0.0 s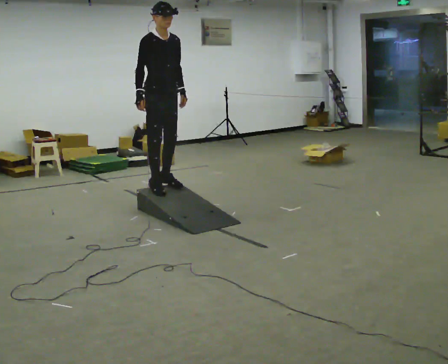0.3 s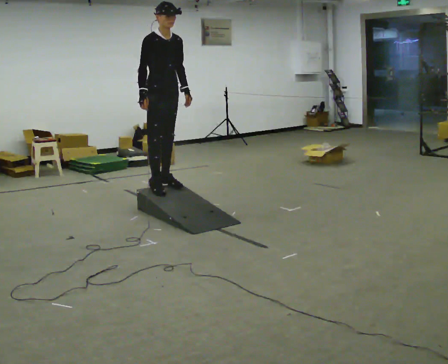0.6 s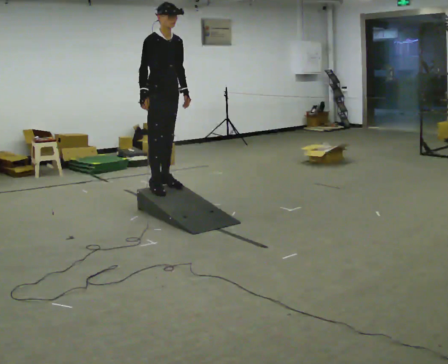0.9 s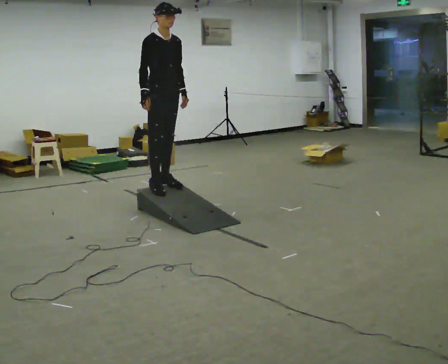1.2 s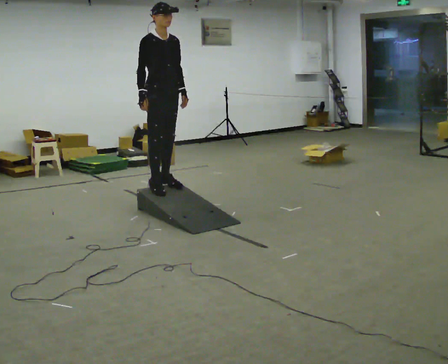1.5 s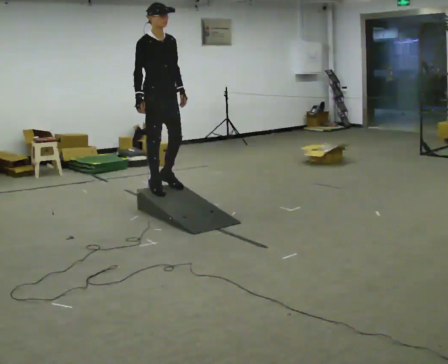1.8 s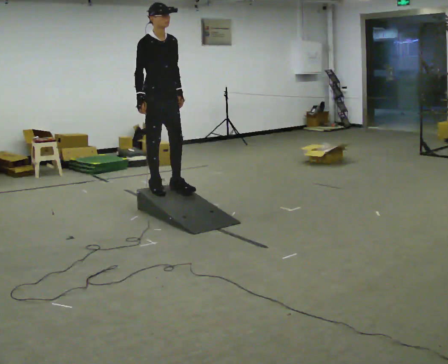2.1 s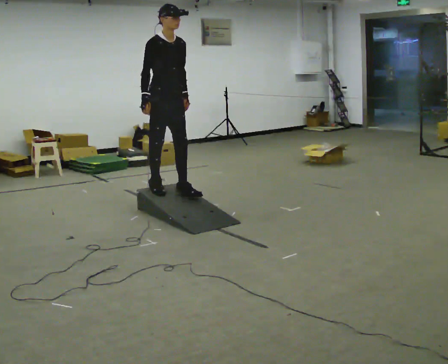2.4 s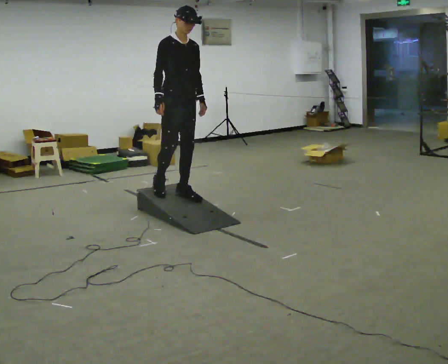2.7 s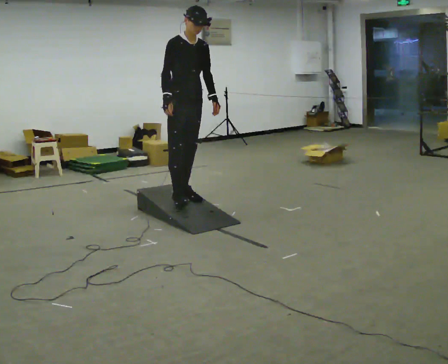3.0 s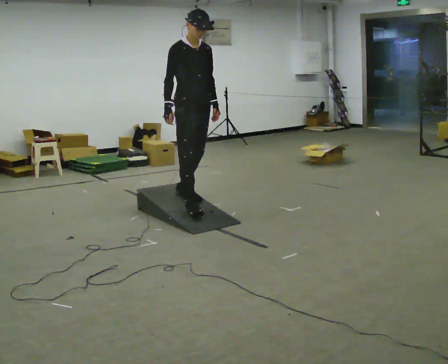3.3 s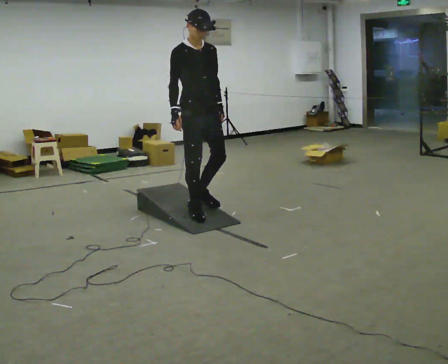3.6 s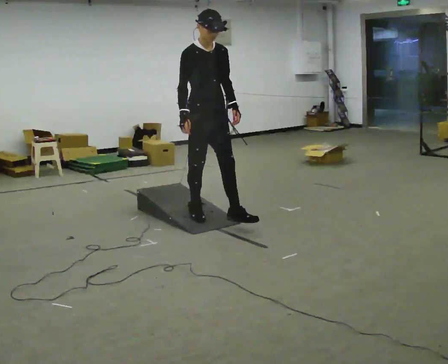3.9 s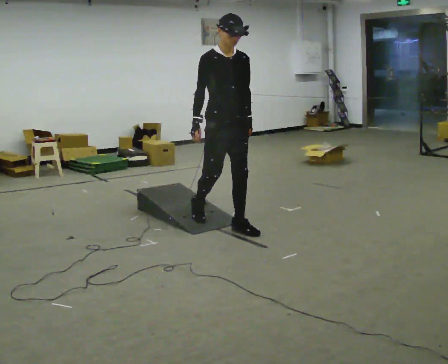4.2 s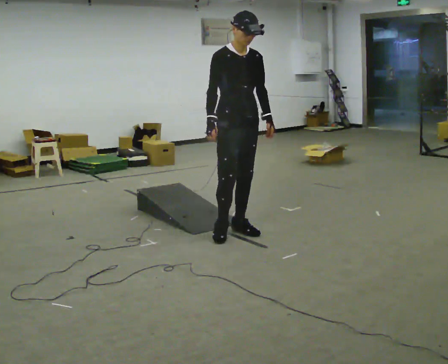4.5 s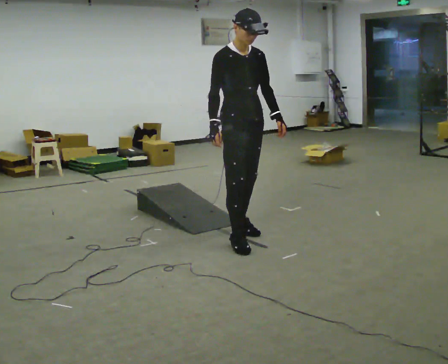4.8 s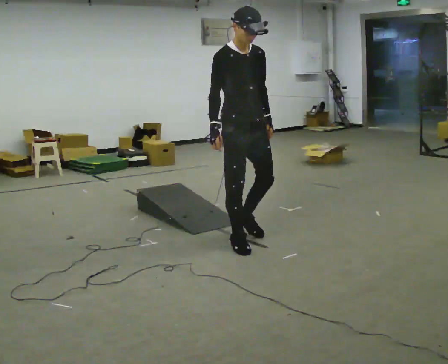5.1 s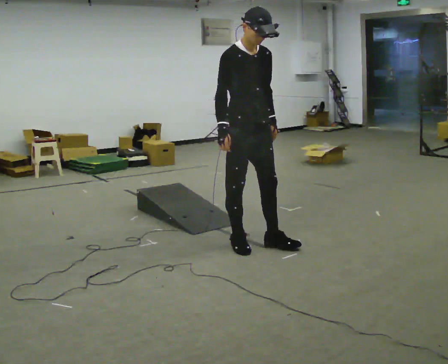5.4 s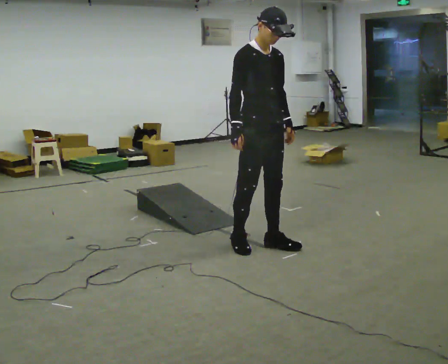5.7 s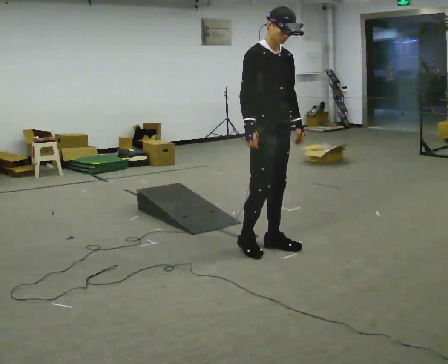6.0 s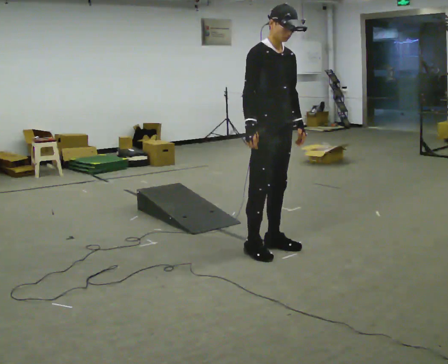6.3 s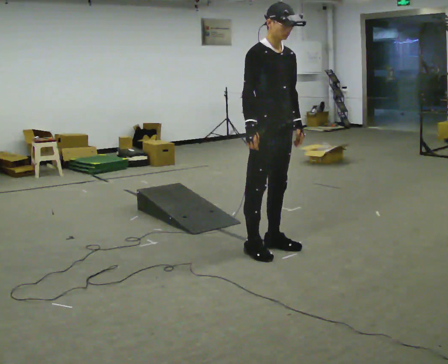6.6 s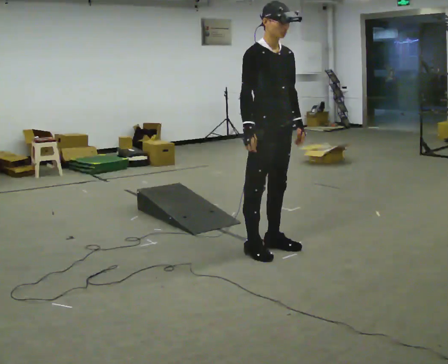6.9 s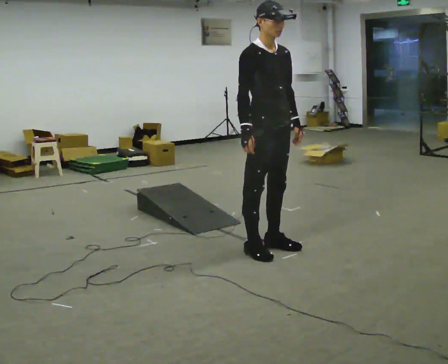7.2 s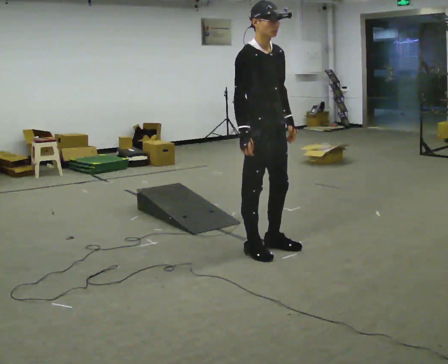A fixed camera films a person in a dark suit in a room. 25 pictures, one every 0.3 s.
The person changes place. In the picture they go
toward the camera.
0.0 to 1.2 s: The person moves a little, or ends about where they began.
1.2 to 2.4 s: In the picture they go to the right and toward the camera, about 0.25 m in 1 step, which for them is forward.
2.4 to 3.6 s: In the picture they go toward the camera and to the right, about 0.5 m in 1 step, which for them is forward.
3.6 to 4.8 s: In the picture they go toward the camera and to the right, about 0.5 m in 2 steps, which for them is forward.
4.8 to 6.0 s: In the picture they go to the right, about 0.25 m in 2 steps, which for them is forward.
6.0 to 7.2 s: The person moves a little, or ends about where they began.
The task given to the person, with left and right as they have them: Walk up the ramp, turn at the top, and walk back down at a comfortable speed.
The film runs forward here.
